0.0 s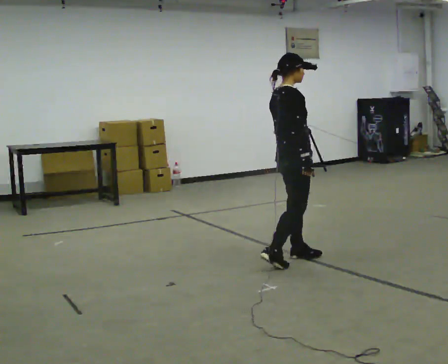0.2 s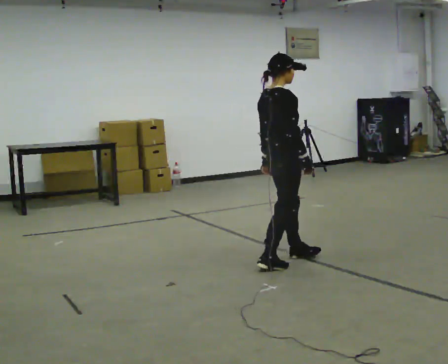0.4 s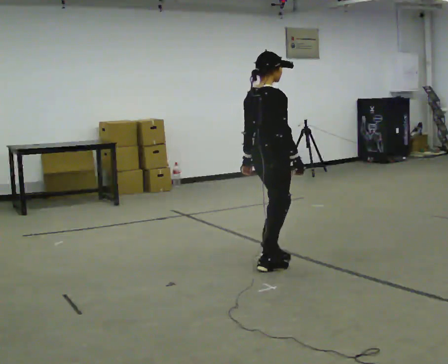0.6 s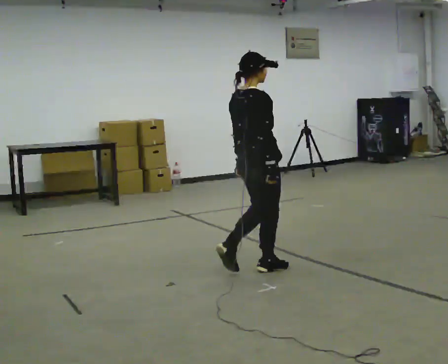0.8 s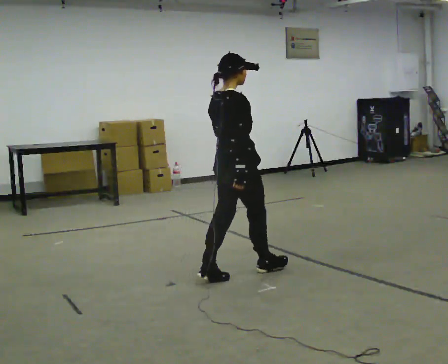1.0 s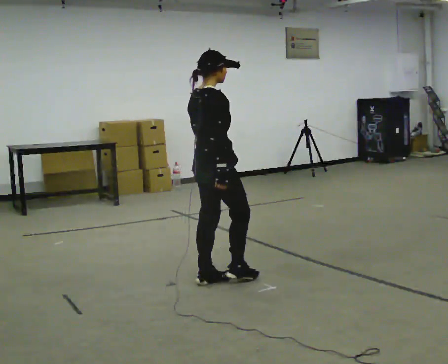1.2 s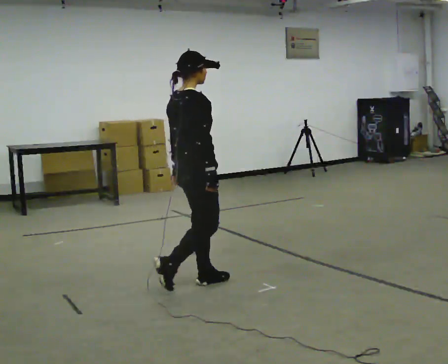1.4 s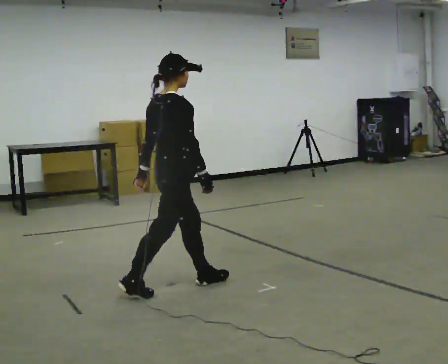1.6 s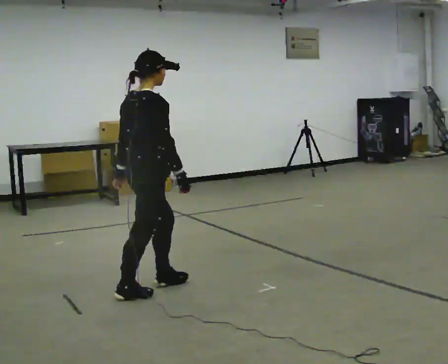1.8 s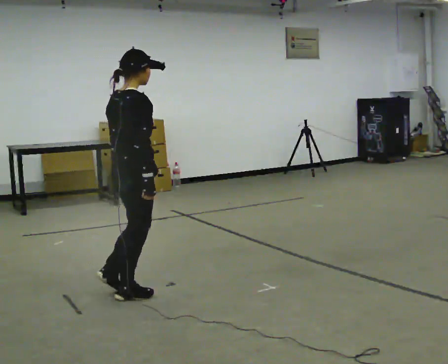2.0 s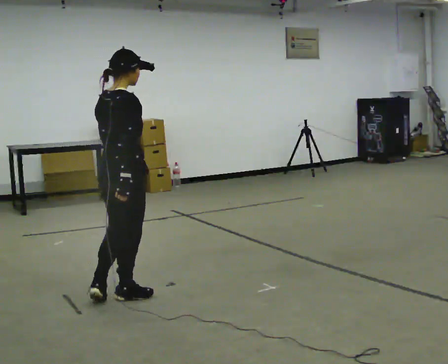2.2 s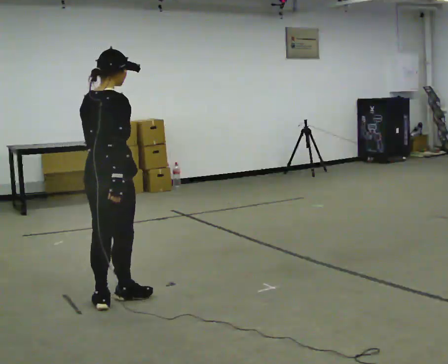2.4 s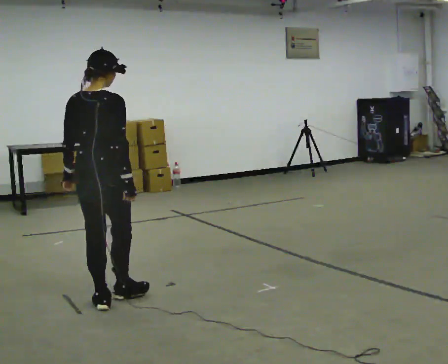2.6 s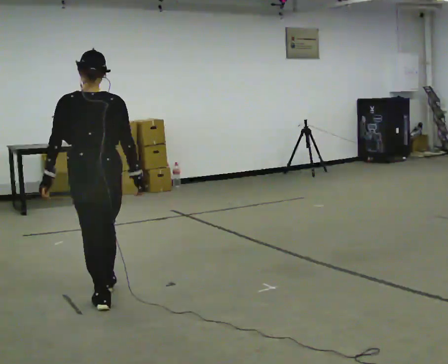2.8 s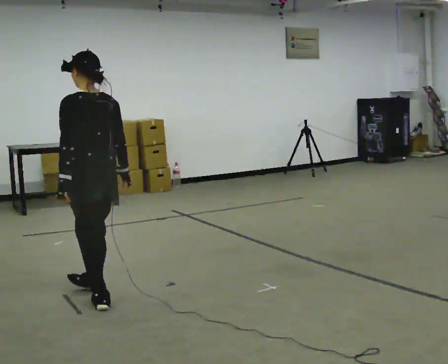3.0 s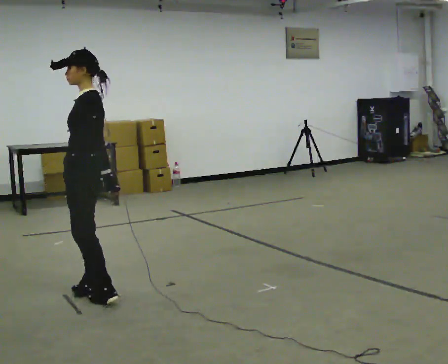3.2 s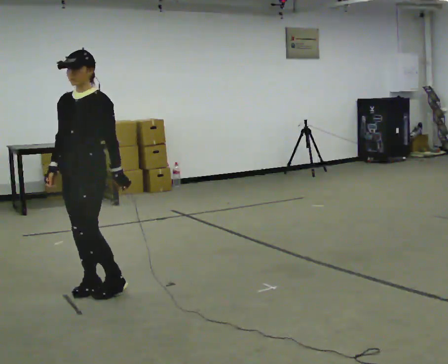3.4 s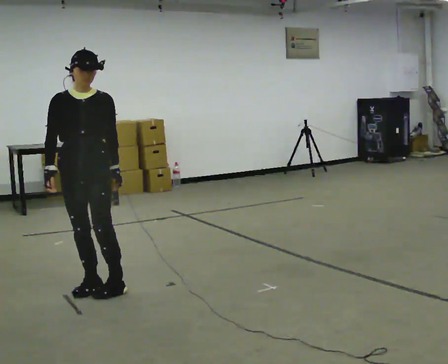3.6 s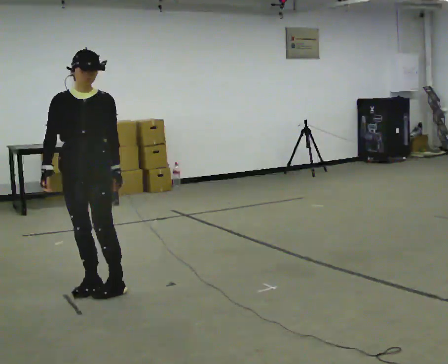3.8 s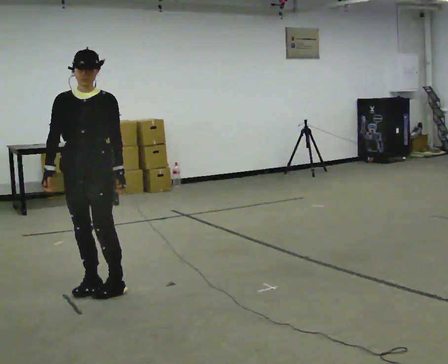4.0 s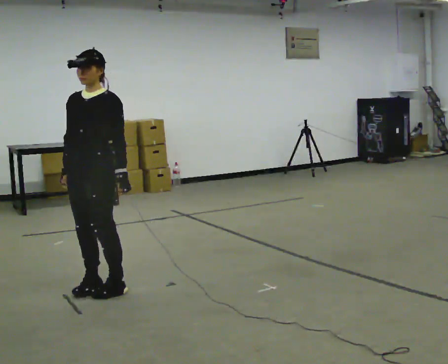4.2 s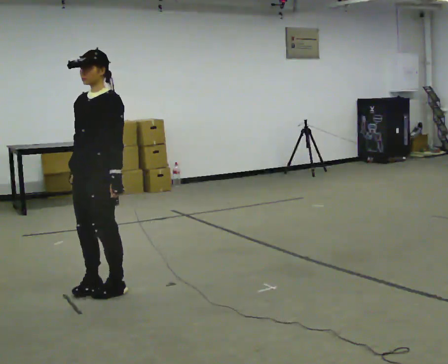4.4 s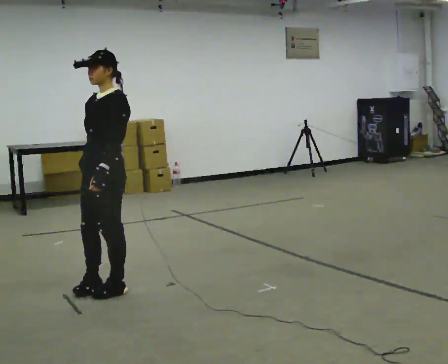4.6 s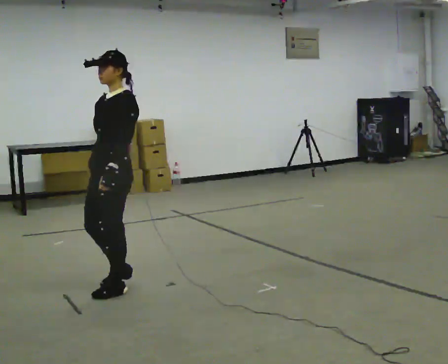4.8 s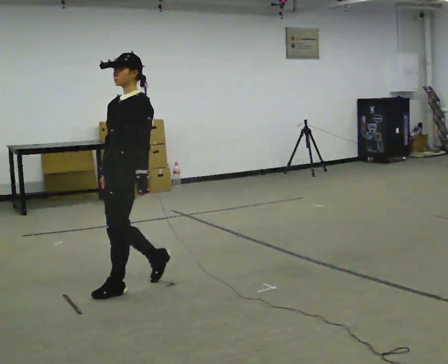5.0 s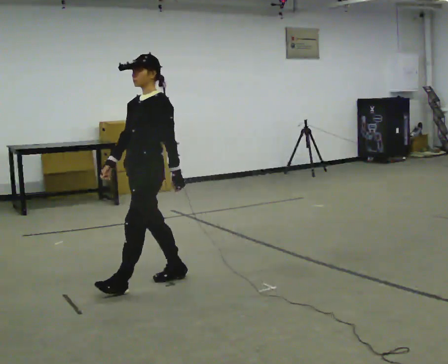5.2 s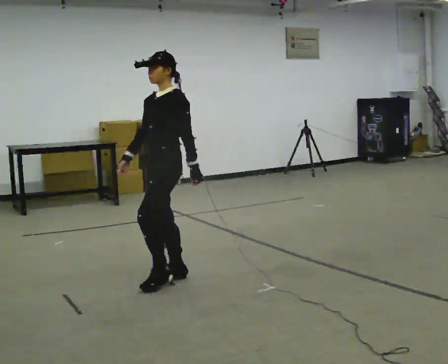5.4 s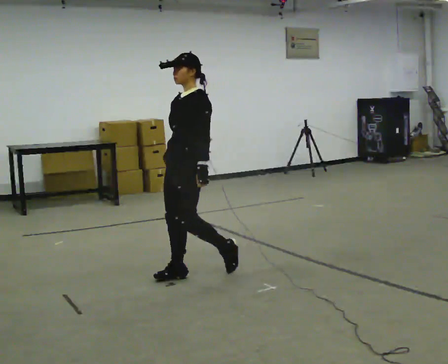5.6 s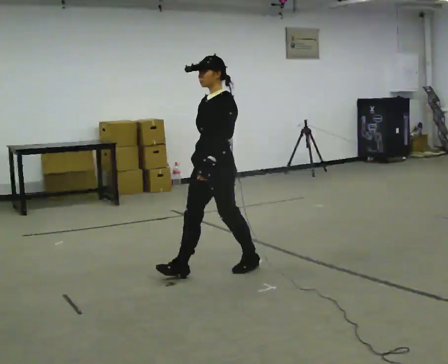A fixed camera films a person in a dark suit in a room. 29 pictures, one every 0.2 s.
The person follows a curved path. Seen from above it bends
clockwise.
0.0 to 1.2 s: In the picture they go to the left and toward the camera, about 1 m in 2 steps, which for them is backward.
1.2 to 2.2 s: In the picture they go to the left and toward the camera, about 0.5 m in 1 step, which for them is backward.
2.2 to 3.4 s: Seen from above the body turns counterclockwise, about 225 degrees: to their left, with its near side sliding to the right. In the picture they go away from the camera, about 0.25 m in 2 steps.
3.4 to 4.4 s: Seen from above the body turns clockwise, about 45 degrees: to their right, with its near side sliding to the left. In the picture they go to the right, about 0.25 m in 1 step, which for them is to their left.
4.4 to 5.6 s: In the picture they go to the right, about 1 m in 2 steps, which for them is backward.
The film runs backward here.
